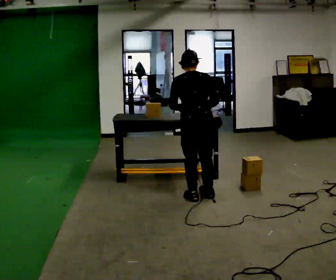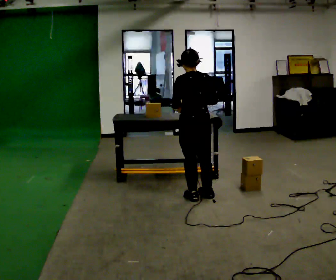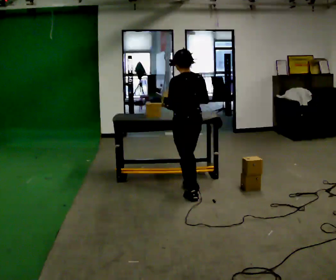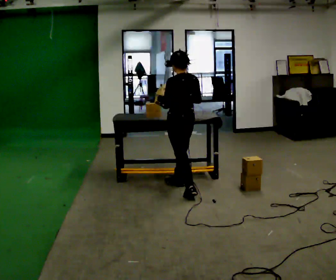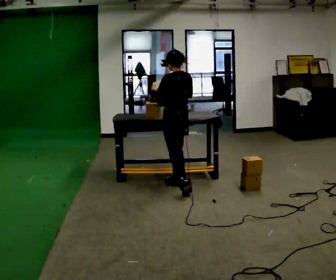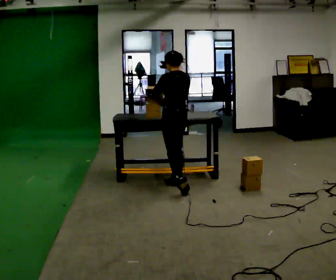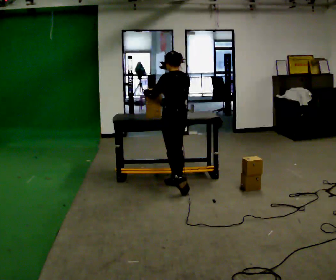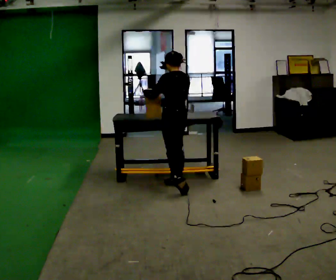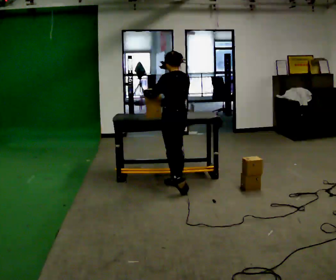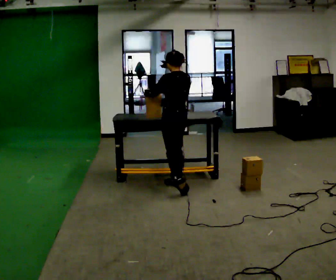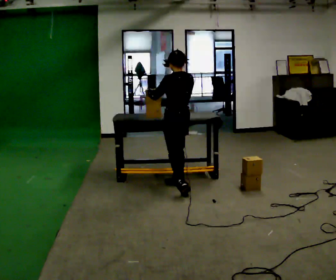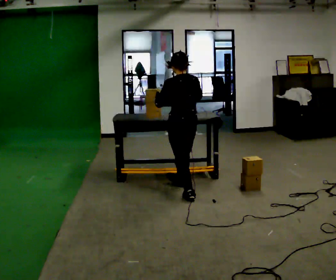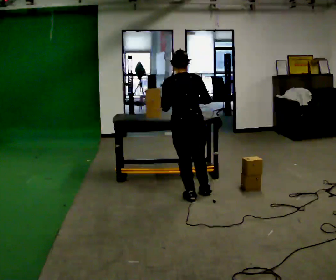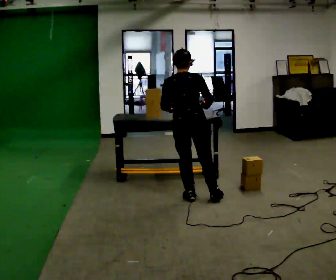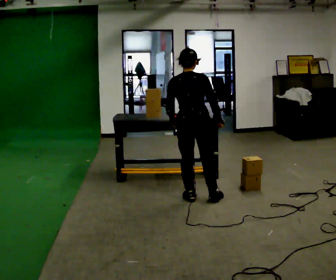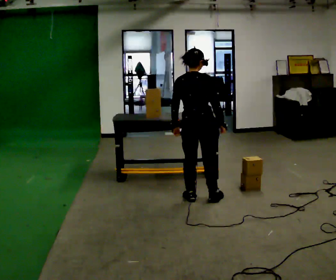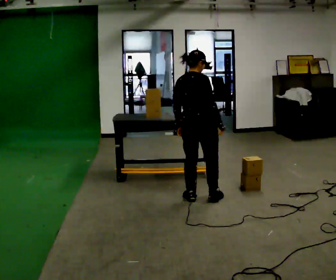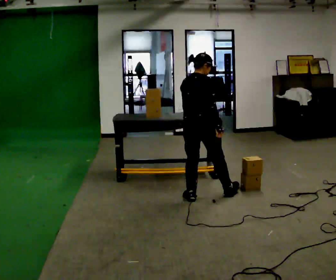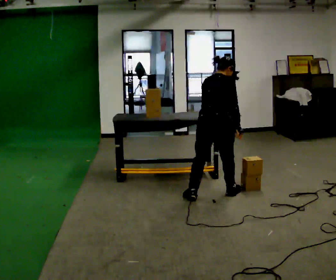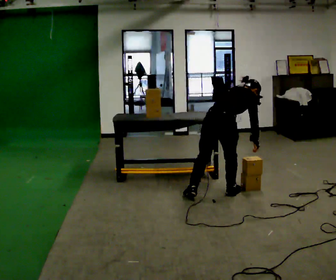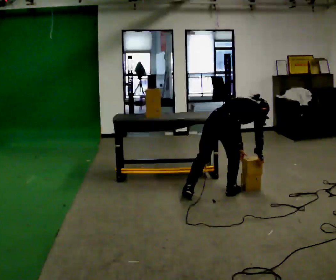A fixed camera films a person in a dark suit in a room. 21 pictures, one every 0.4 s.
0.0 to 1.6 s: The person turns about 45 degrees to their left, counterclockwise seen from above, so the part of the body nearest the lens slides to the right. In the picture they go away from the camera and to the left, about 0.5 m in 1 step, which for them is forward.
1.6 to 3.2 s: The person moves a little, or ends about where they began.
3.2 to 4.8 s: Seen from above the body turns clockwise, about 45 degrees: to their right, with its near side sliding to the left. In the picture they go toward the camera, about 0.5 m, which for them is backward and to their left.
4.8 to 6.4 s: The part of the body nearest the lens slides to the left as the person turns to their right by about 45 degrees.
6.4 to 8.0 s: In the picture they go to the right, about 0.25 m in 1 step, which for them is to their right and forward. The shoulders move downward. In the picture the upper body tilts clockwise, shoulders to the right, as they bend forward. In the picture their right hand goes downward.
The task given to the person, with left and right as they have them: Carry the object over and line it up with the mark on the surface as accurately as you can. Keep going until the operator says stop; one object at a time, and do not rush between trips.
The film runs forward here.
